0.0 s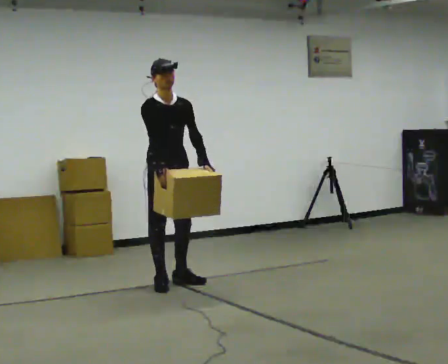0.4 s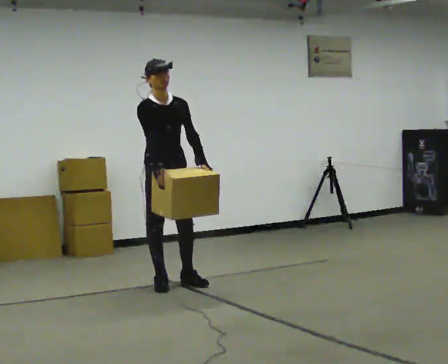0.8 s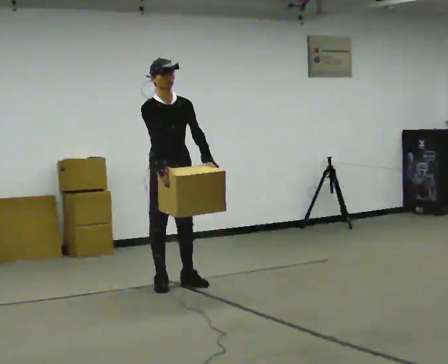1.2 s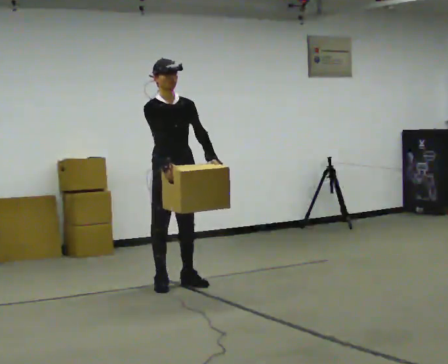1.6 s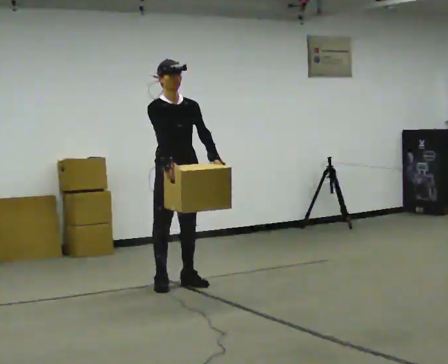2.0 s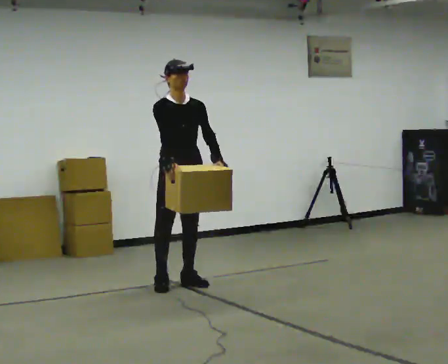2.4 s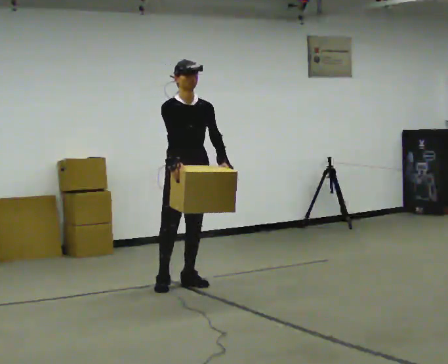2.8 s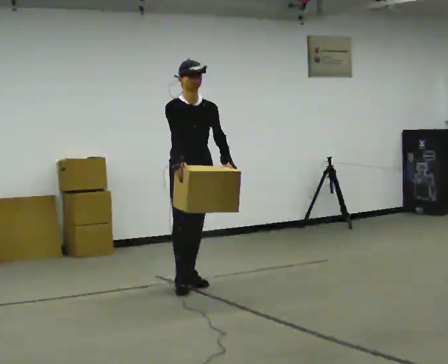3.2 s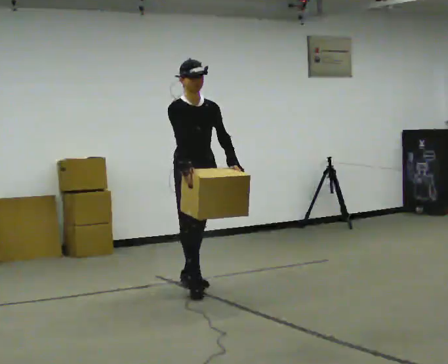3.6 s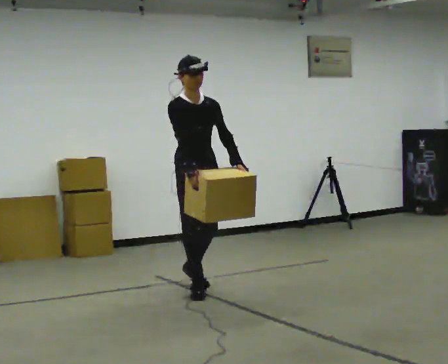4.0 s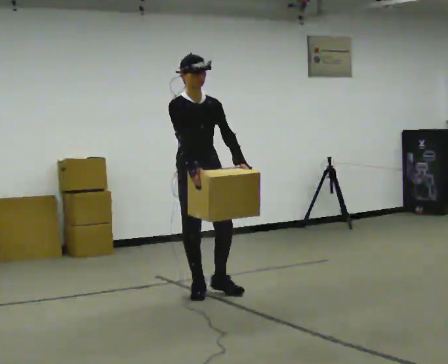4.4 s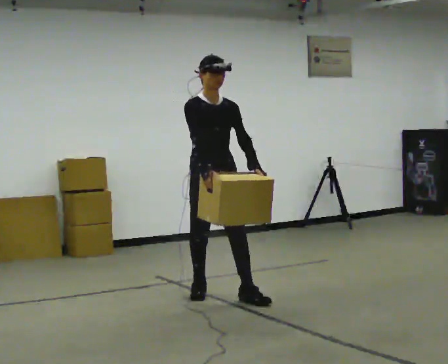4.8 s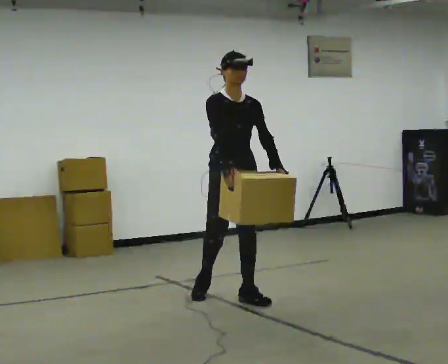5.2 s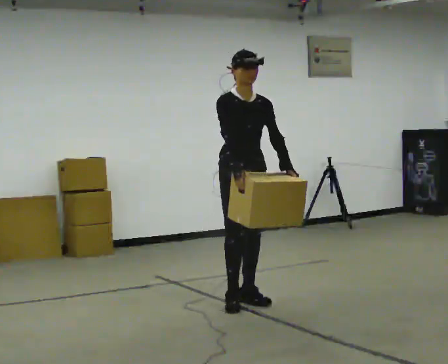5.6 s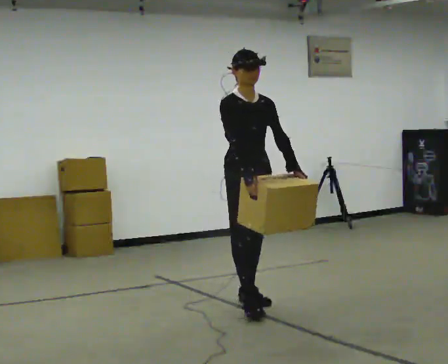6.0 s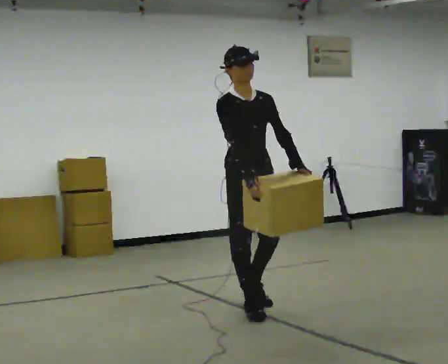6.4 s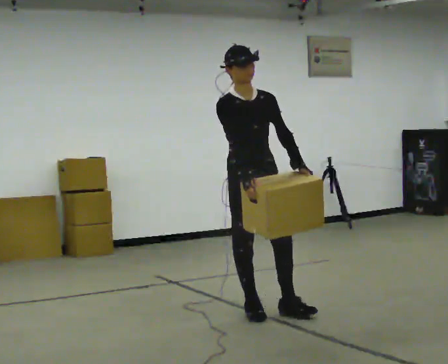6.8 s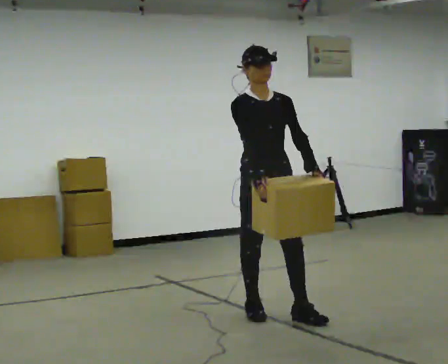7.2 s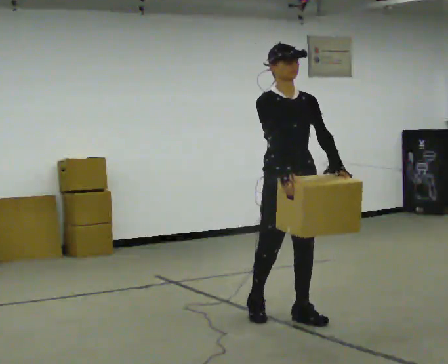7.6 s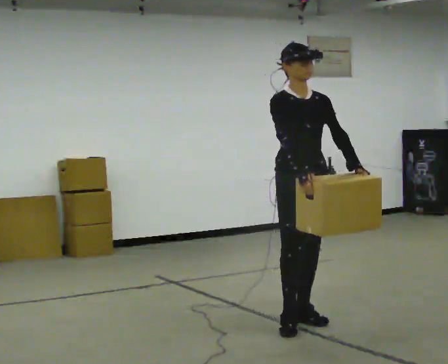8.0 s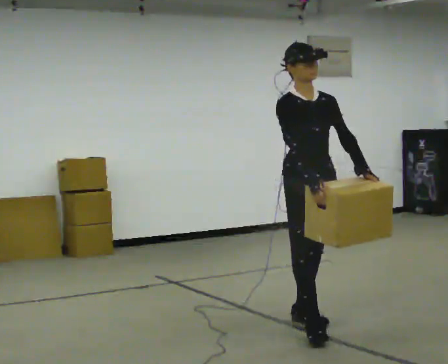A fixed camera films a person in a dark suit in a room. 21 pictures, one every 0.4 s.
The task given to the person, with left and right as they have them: Carry the box across the room, back and forth. The operator will swap between the box with handles and the one without.
0.0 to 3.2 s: In the picture they go to the right, about 0.25 m in 1 step, which for them is forward and to their left.
3.2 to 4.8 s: In the picture they go toward the camera and to the right, about 0.5 m in 1 step, which for them is forward.
4.8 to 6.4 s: In the picture they go toward the camera, about 0.5 m in 1 step, which for them is forward.
6.4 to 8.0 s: In the picture they go toward the camera and to the right, about 0.5 m in 2 steps, which for them is forward and to their left.
The film runs forward here.
